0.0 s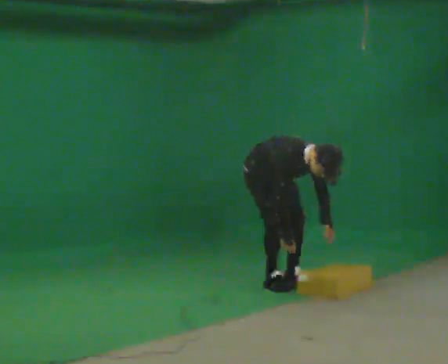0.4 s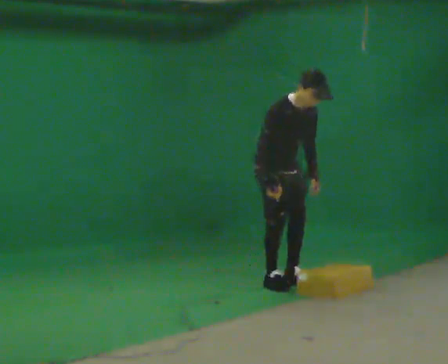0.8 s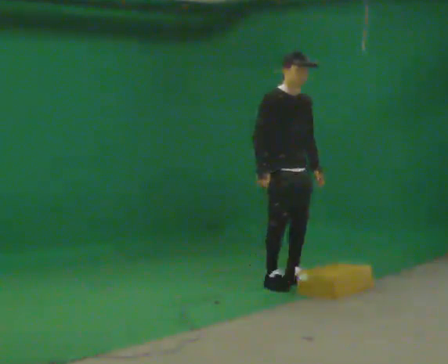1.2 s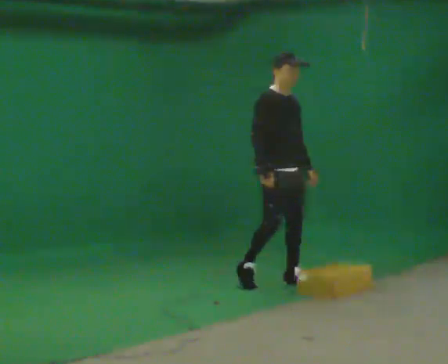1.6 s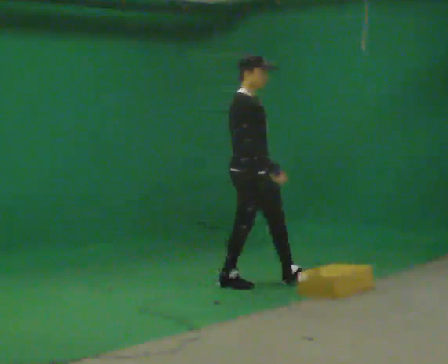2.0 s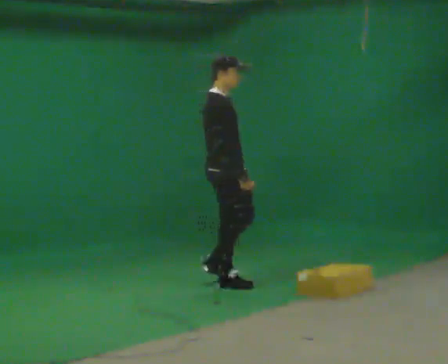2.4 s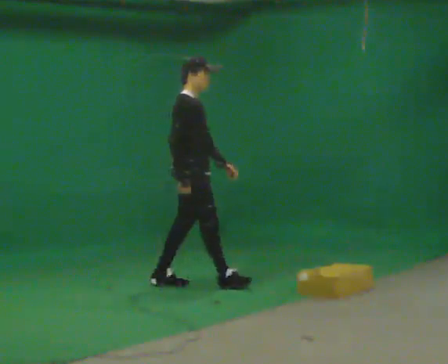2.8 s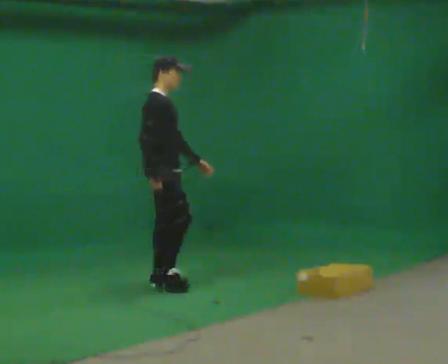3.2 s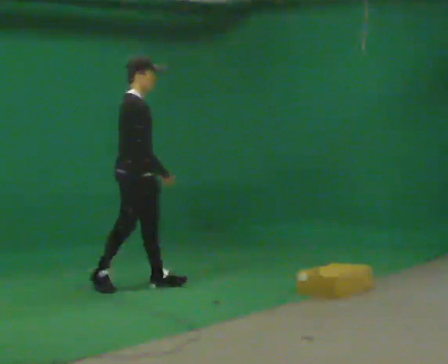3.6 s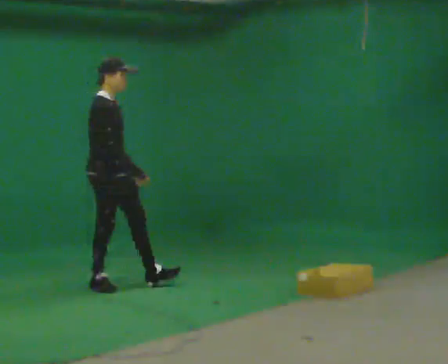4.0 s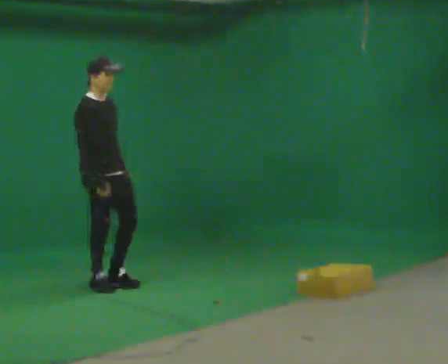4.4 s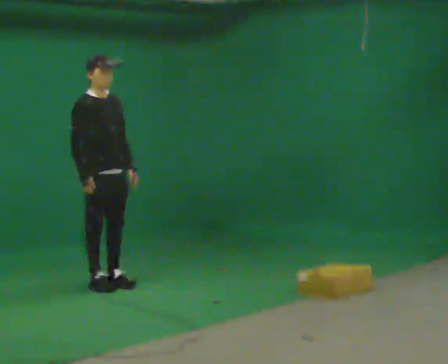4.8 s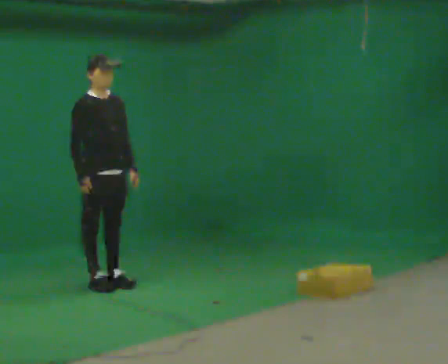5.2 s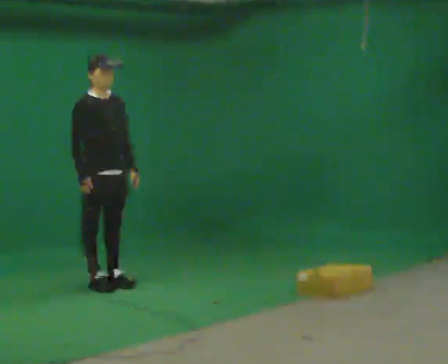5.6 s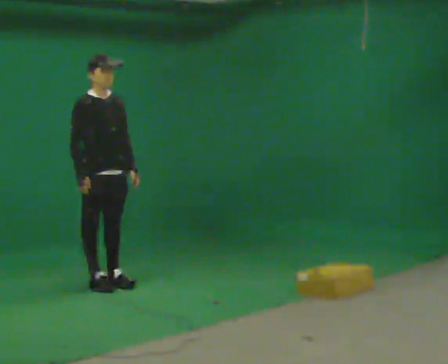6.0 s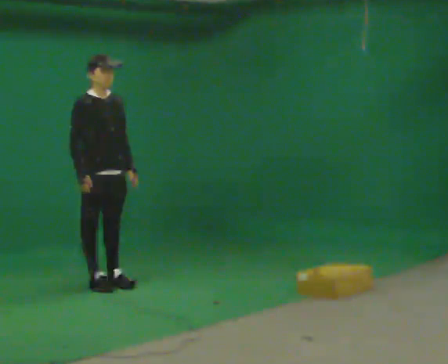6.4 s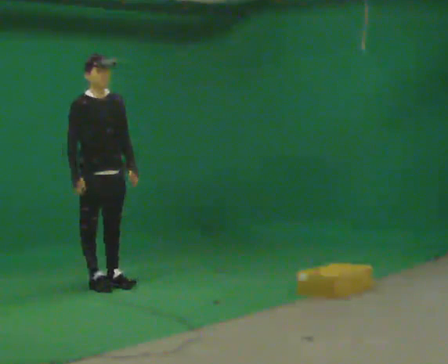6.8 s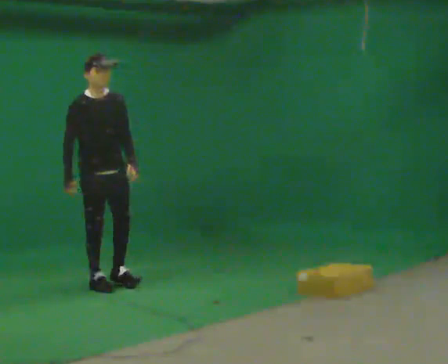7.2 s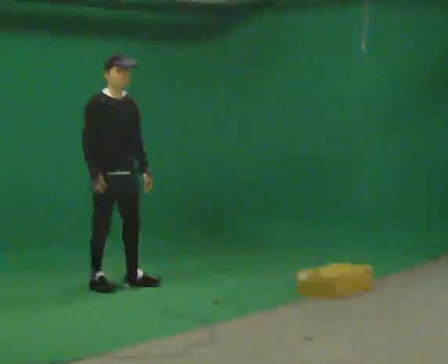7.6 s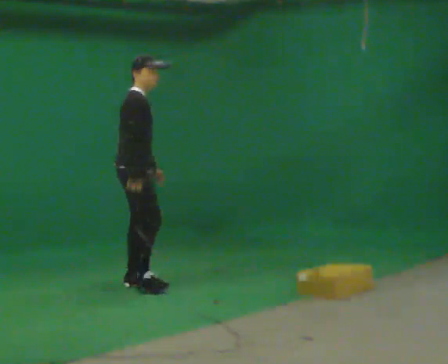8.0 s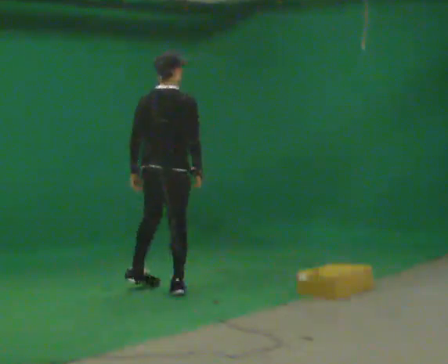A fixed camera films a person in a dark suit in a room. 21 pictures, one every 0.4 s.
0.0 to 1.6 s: The shoulders move upward. The upper body tips away from the camera, its near side rolling upward, as they lean back or straighten. In the picture their right hand goes upward.
1.6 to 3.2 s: In the picture they go to the left, about 1 m in 2 steps, which for them is backward.
3.2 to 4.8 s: Seen from above the body turns clockwise, about 30 degrees: to their right, with its near side sliding to the left. In the picture they go to the left, about 0.25 m in 1 step, which for them is backward and to their right.
4.8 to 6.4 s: The person moves a little, or ends about where they began.
6.4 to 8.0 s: Seen from above the body turns counterclockwise, about 105 degrees: to their left, with its near side sliding to the right. In the picture they go to the right and toward the camera, about 0.5 m in 3 steps.
The film runs backward here.
